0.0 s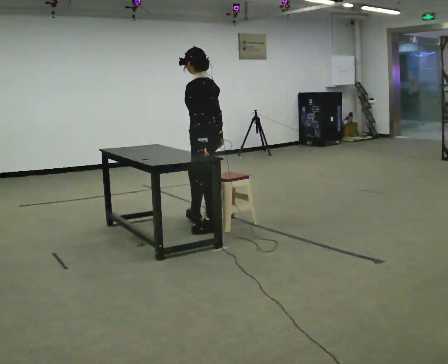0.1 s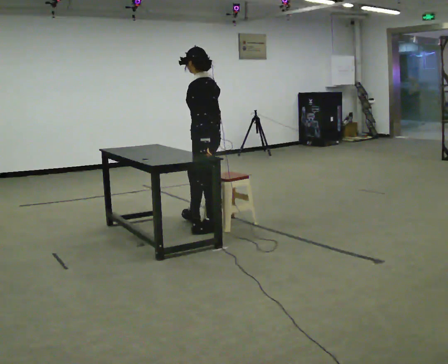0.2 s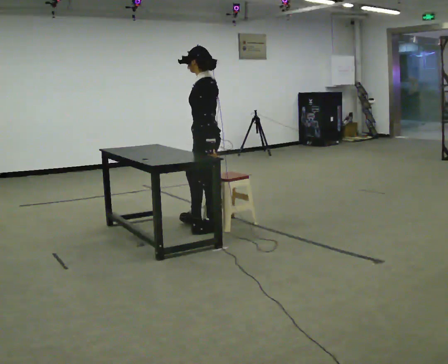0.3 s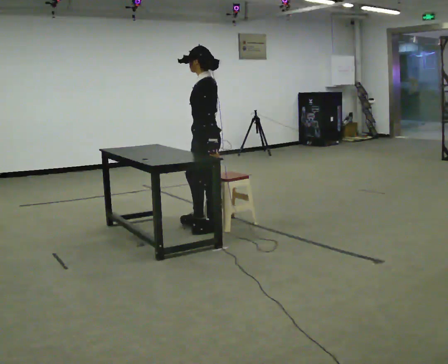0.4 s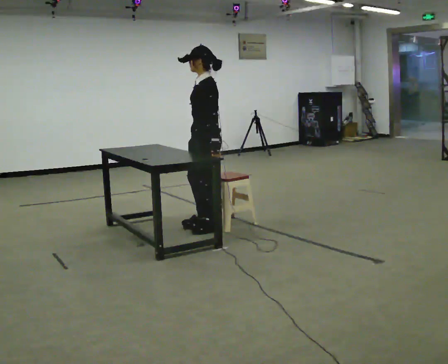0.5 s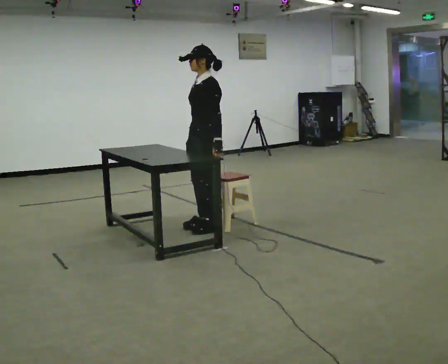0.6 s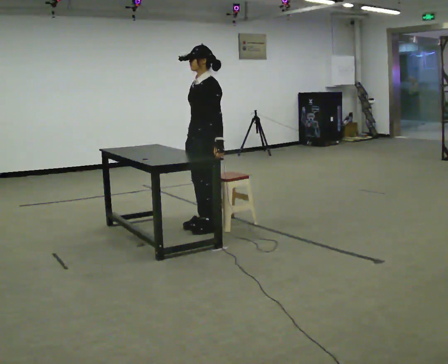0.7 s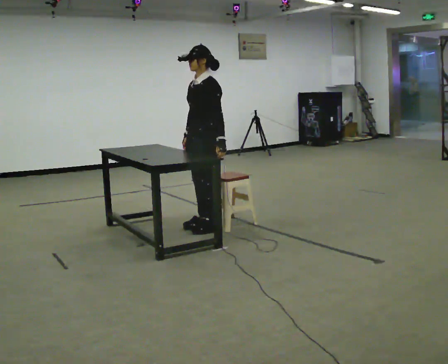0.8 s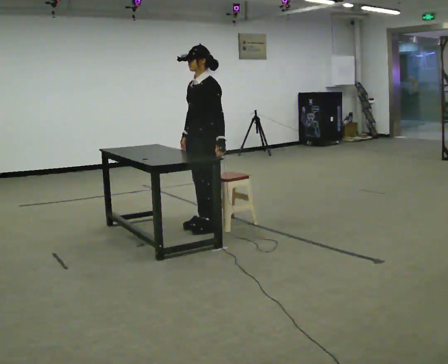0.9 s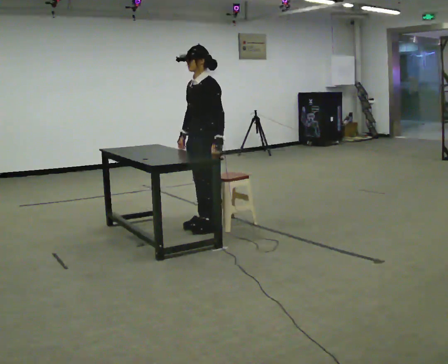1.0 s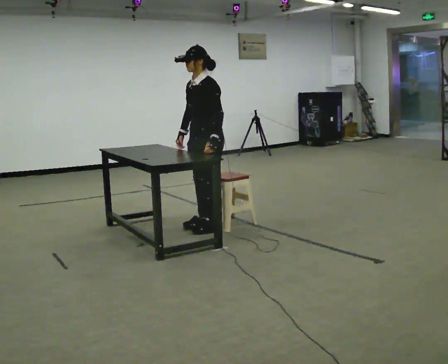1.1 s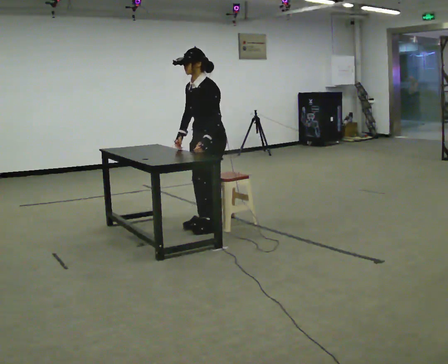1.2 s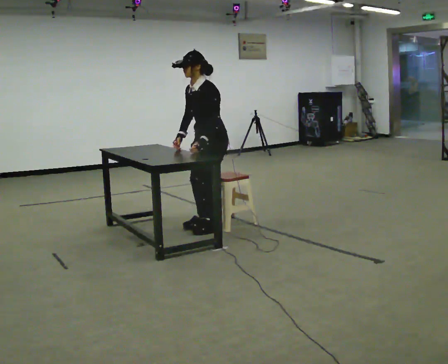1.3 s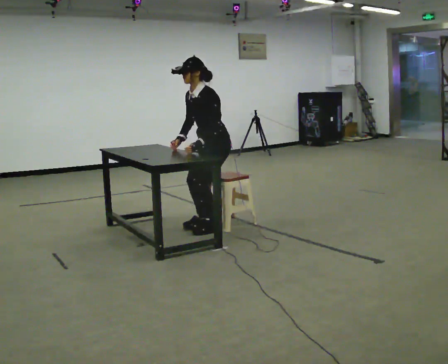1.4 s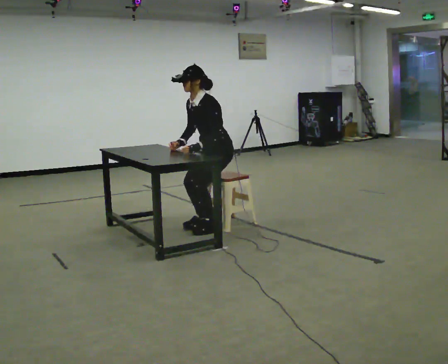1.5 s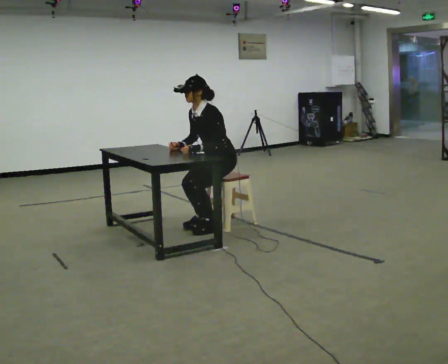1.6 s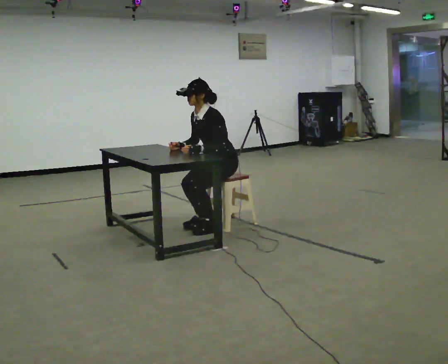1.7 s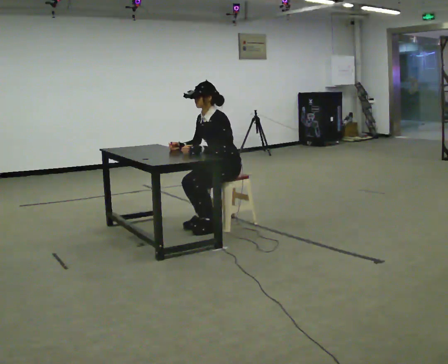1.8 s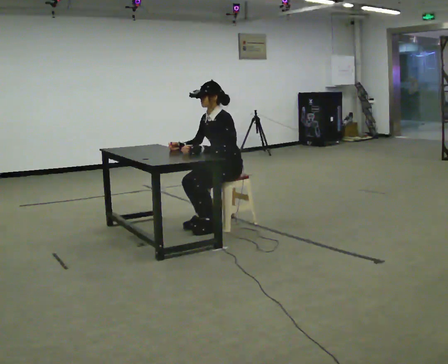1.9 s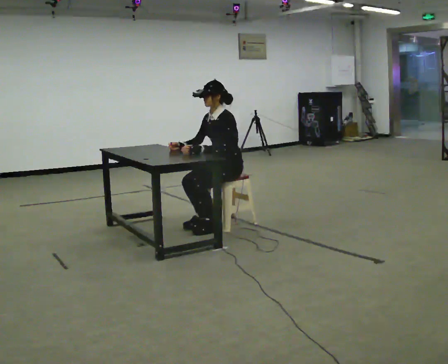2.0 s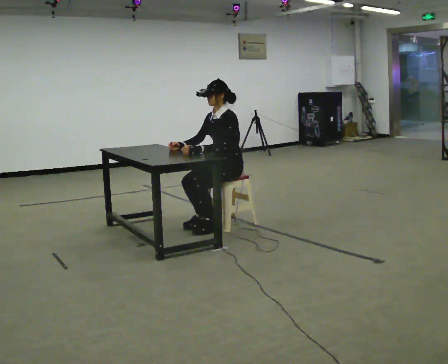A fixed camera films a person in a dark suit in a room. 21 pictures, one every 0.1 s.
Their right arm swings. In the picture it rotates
clockwise.
The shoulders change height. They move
downward.
0.0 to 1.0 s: Seen from above the body turns counterclockwise, about 60 degrees: to their left, with its near side sliding to the right. In the picture their right hand goes to the left.
1.0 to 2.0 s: In the picture they go to the right, about 0.25 m, which for them is backward. The upper body goes downward.
The film runs backward here.
